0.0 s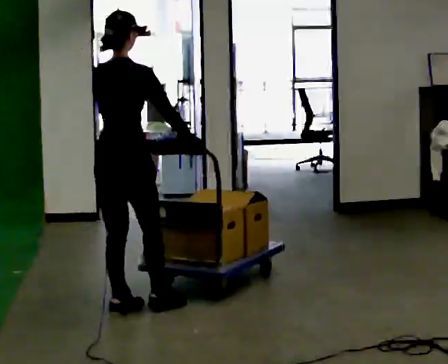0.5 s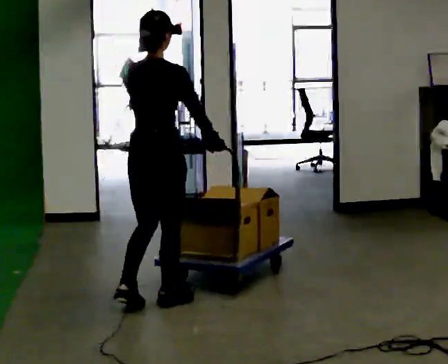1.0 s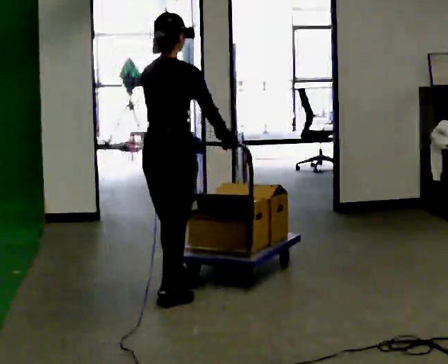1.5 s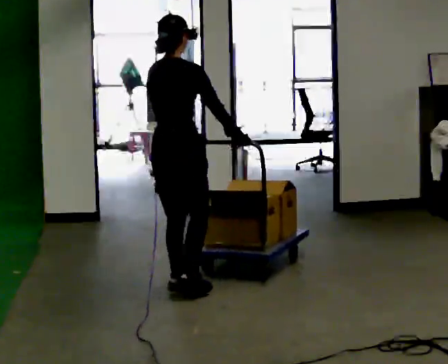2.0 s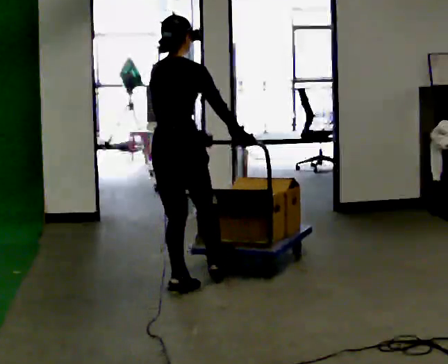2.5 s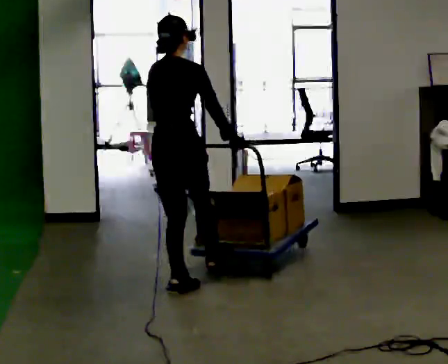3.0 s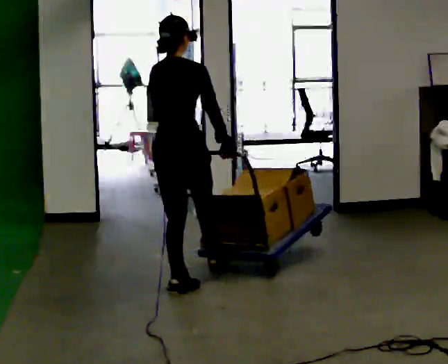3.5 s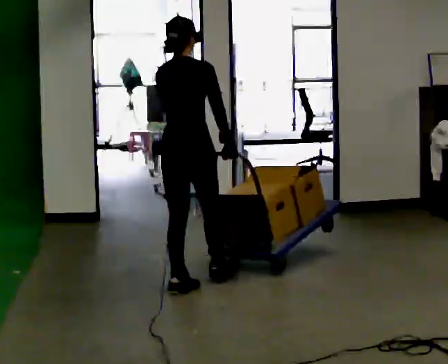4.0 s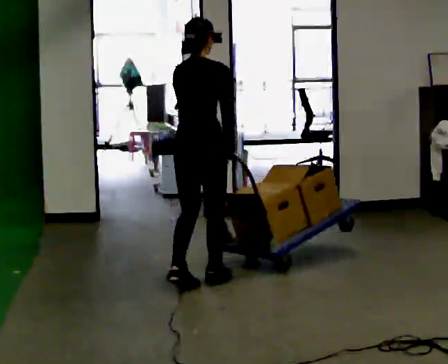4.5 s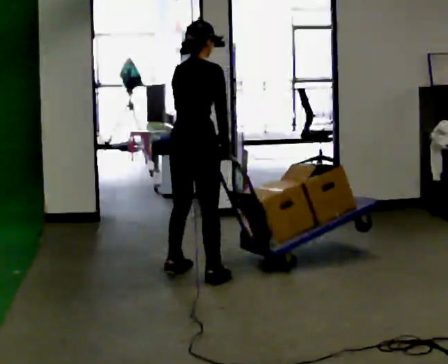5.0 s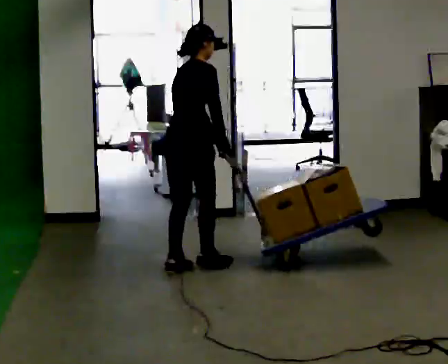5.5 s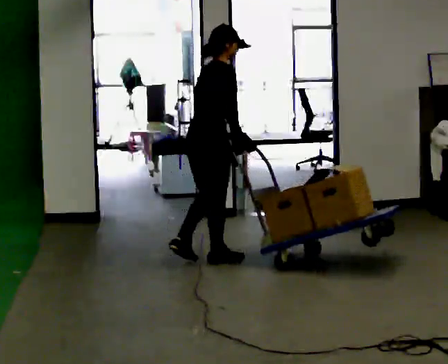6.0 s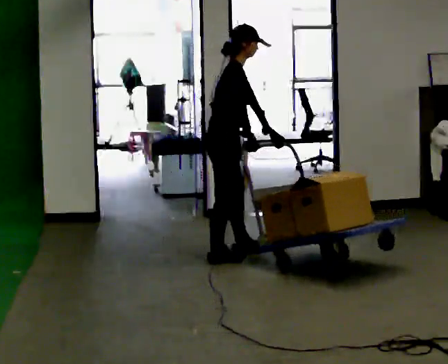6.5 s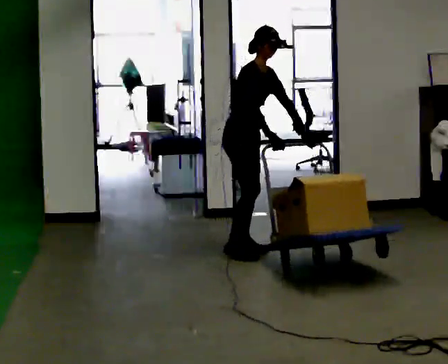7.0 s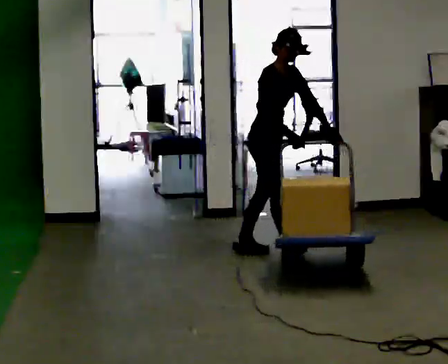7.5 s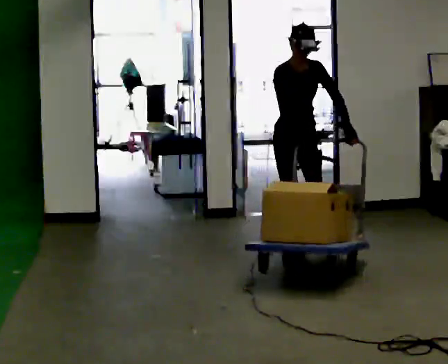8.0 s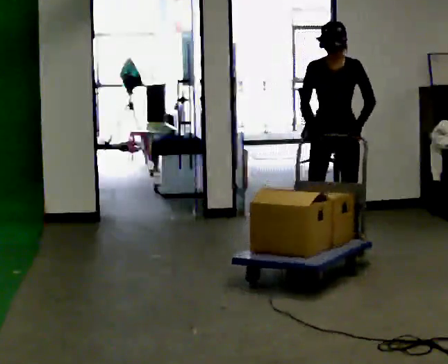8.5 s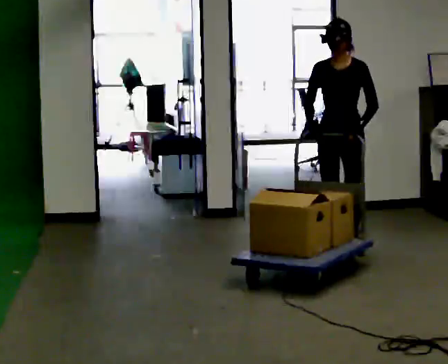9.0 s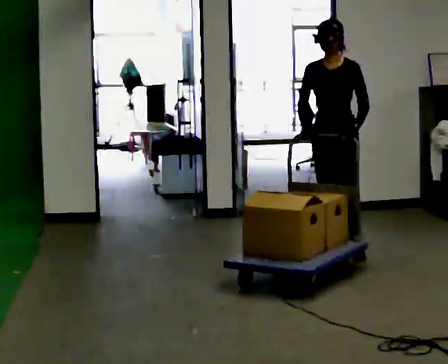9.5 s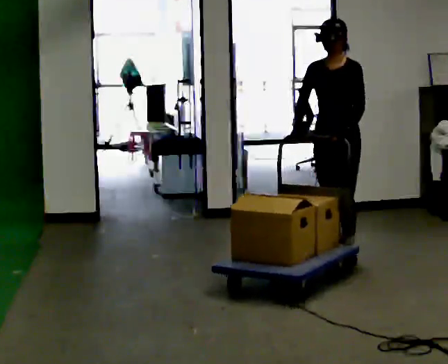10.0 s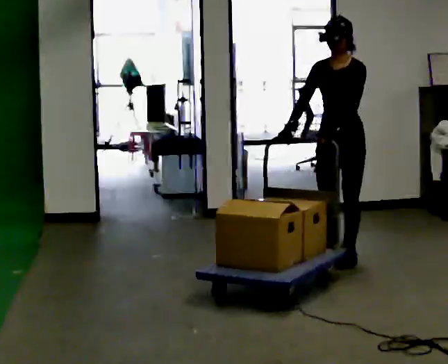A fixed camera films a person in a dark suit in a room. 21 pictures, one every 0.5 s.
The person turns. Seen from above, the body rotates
clockwise.
The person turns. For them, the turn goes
to their right.
0.0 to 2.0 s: In the picture they go away from the camera and to the right, about 0.5 m in 3 steps, which for them is forward.
2.0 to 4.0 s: In the picture they go away from the camera, about 0.25 m, which for them is forward.
4.0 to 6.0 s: The part of the body nearest the lens slides to the left as the person turns to their right by about 60 degrees. In the picture they go away from the camera, about 0.5 m in 3 steps. In the picture the upper body tilts clockwise, shoulders to the right.
6.0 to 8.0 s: The person turns about 105 degrees to their right, clockwise seen from above, so the part of the body nearest the lens slides to the left. In the picture they go to the right, about 1 m in 2 steps. In the picture the upper body tilts counterclockwise, shoulders to the left.
8.0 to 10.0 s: In the picture they go toward the camera, about 0.25 m in 2 steps, which for them is forward and to their left.
The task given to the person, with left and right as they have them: Push the loaded cart from one corner of the room to the other, turn it round, and push it back. Keep going until the operator says stop.
The film runs forward here.
